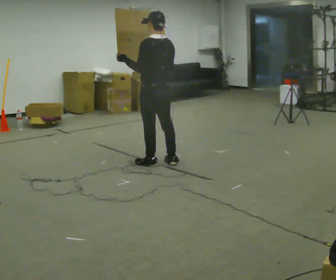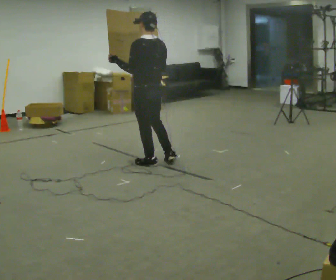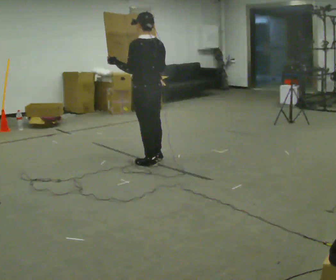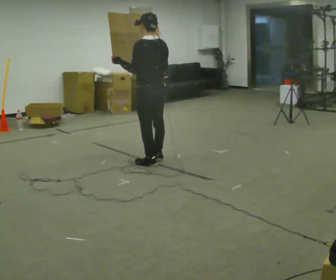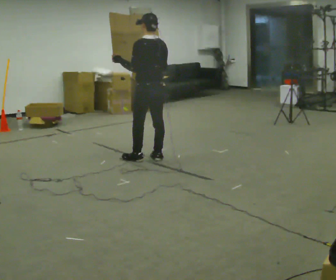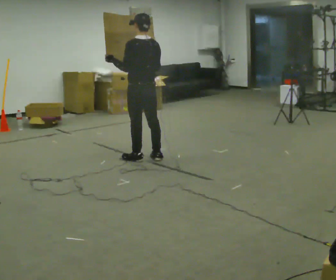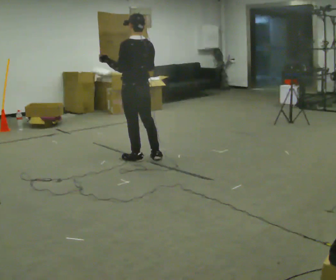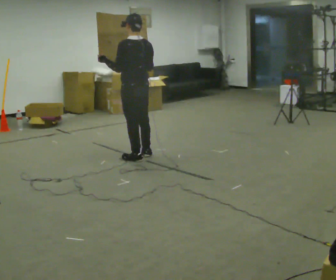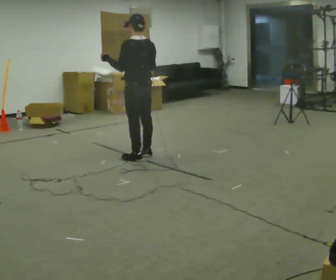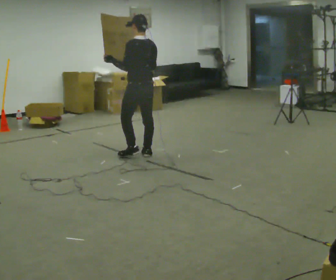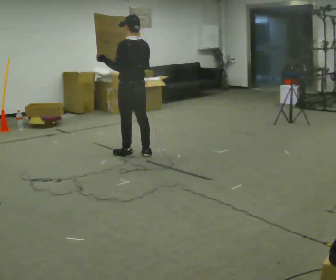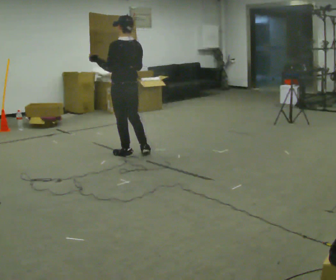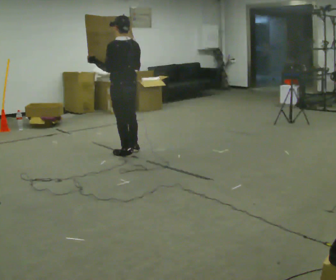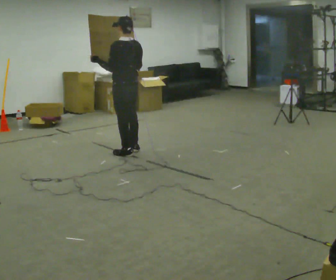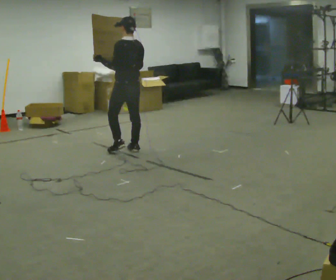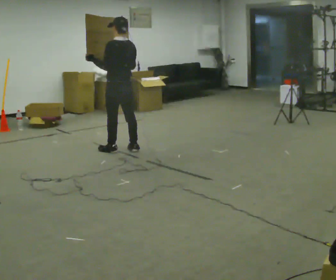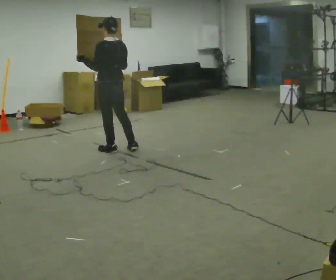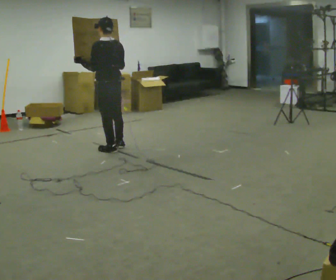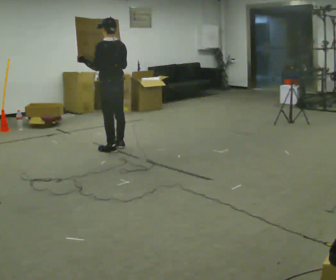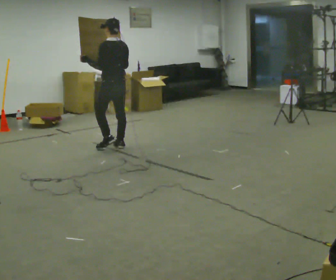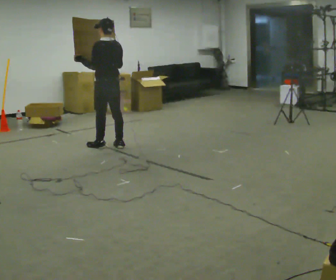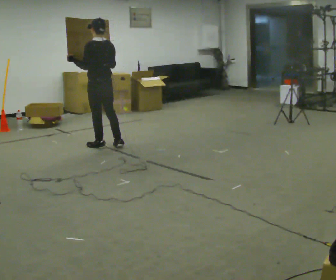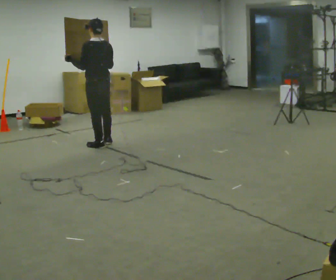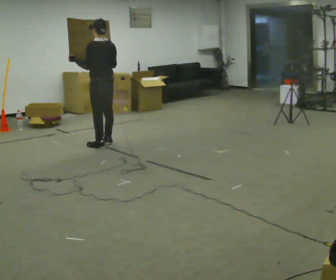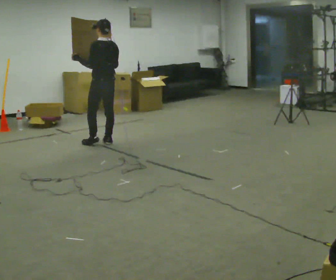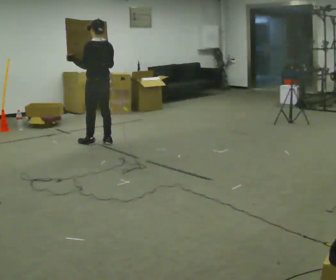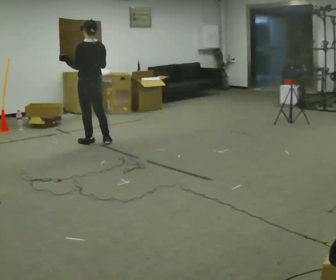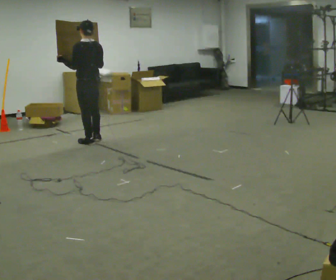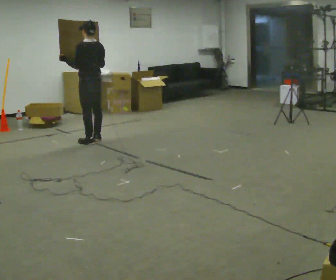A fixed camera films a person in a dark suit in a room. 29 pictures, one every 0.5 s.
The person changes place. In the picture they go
away from the camera.
0.0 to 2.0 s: In the picture they go away from the camera, about 0.25 m in 2 steps, which for them is forward.
2.0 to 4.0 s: The person moves a little, or ends about where they began.
4.0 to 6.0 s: In the picture they go to the left, about 0.25 m in 2 steps, which for them is forward.
6.0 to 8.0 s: In the picture they go to the left and away from the camera, about 0.25 m in 1 step, which for them is forward.
8.0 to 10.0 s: In the picture they go away from the camera, about 0.25 m in 2 steps, which for them is forward.
10.0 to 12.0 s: In the picture they go away from the camera, about 0.25 m in 1 step, which for them is forward.
12.0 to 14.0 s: In the picture they go away from the camera and to the left, about 0.25 m in 2 steps, which for them is forward.
The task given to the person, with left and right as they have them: Carry the large light object across the room, back and forth. It is awkward rather than heavy, so hold it however works.
The film runs forward here.
